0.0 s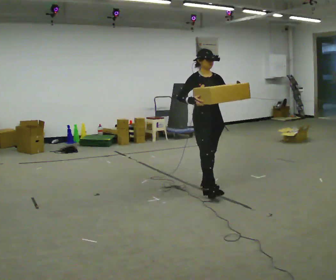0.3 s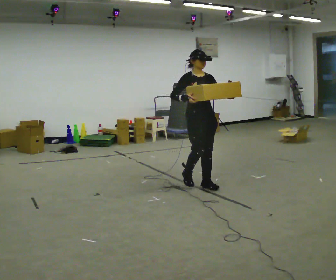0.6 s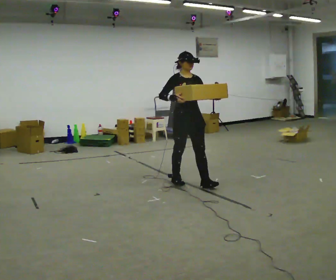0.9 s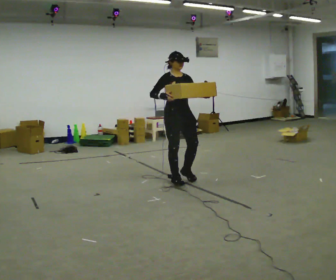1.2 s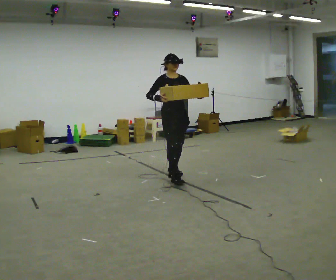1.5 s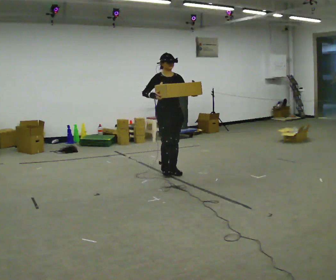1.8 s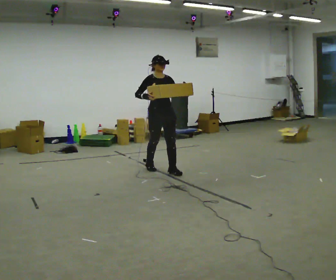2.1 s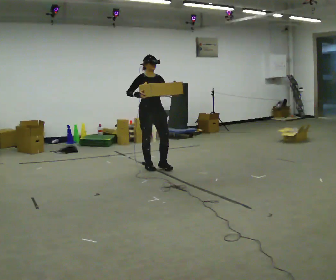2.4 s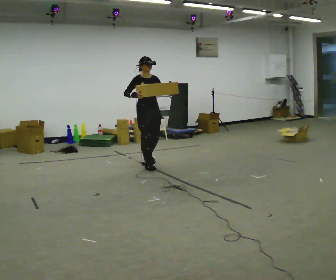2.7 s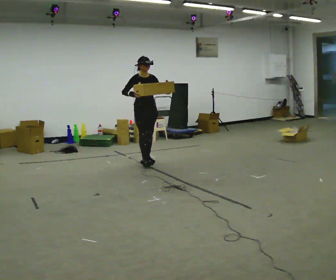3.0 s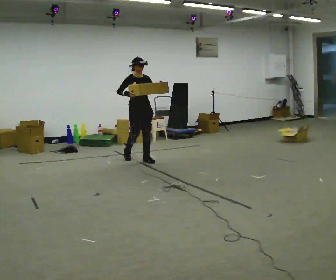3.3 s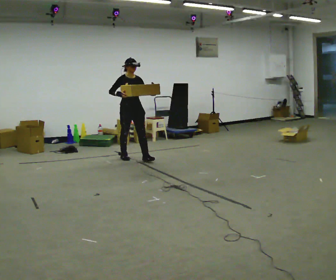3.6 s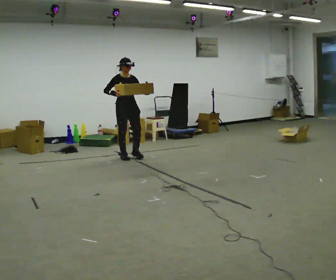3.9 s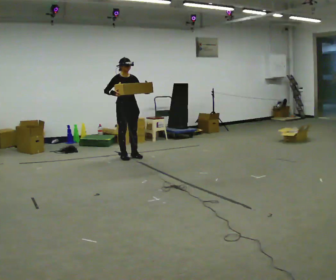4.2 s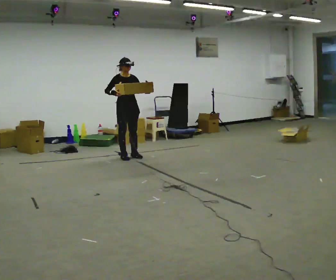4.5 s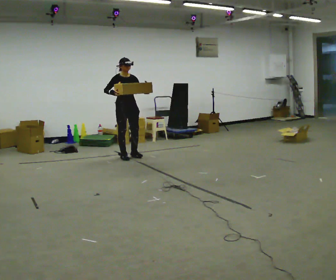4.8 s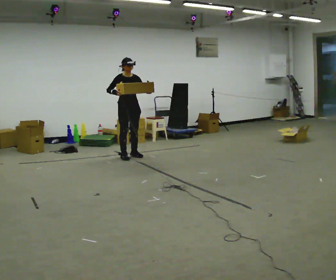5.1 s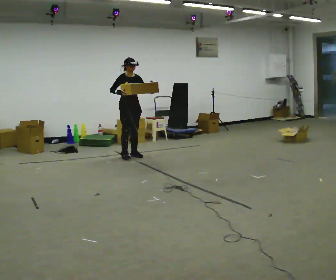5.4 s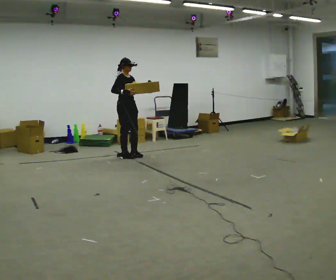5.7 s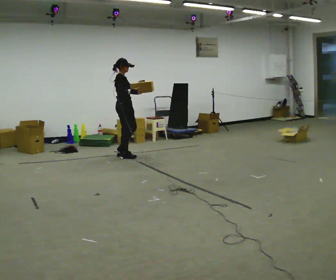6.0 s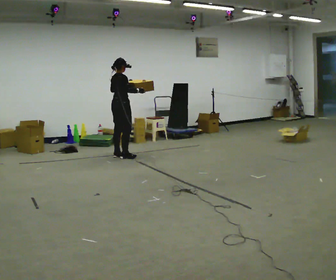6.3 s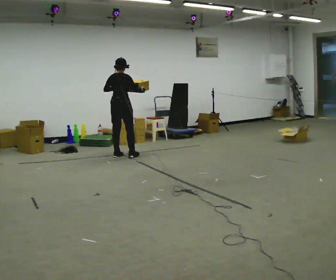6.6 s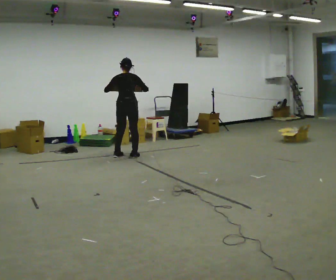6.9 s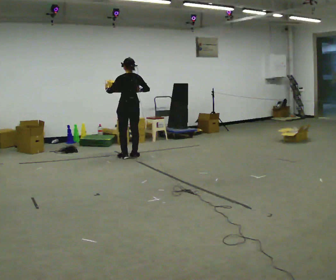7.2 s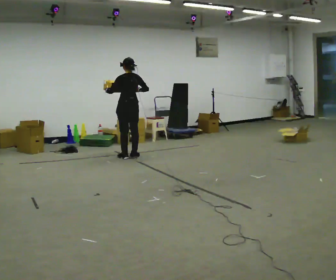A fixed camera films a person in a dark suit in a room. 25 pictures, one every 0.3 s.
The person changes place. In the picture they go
away from the camera.
The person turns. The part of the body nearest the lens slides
to the right.
0.0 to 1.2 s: In the picture they go away from the camera and to the left, about 0.5 m in 1 step, which for them is backward.
1.2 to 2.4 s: In the picture they go away from the camera and to the left, about 0.5 m in 2 steps, which for them is backward.
2.4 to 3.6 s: In the picture they go away from the camera and to the left, about 0.75 m in 2 steps, which for them is backward.
3.6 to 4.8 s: The person moves a little, or ends about where they began.
4.8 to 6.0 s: The person turns about 90 degrees to their left, counterclockwise seen from above, so the part of the body nearest the lens slides to the right. In the picture their left hand goes to the left.
6.0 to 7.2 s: The part of the body nearest the lens slides to the right as the person turns to their left by about 90 degrees.
The film runs backward here.
